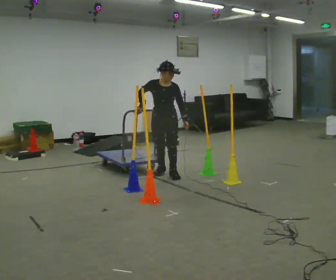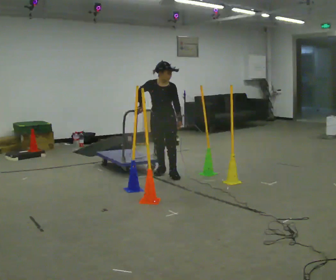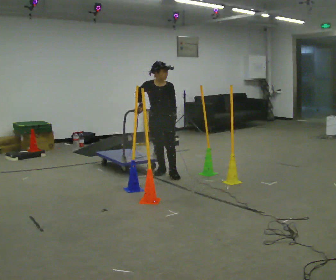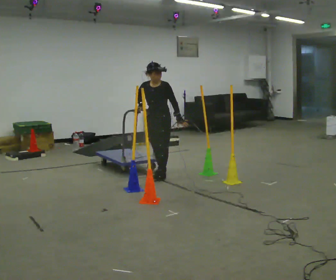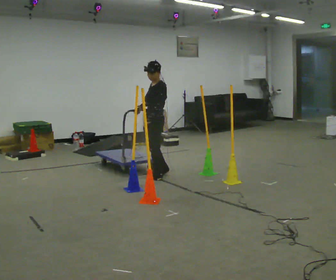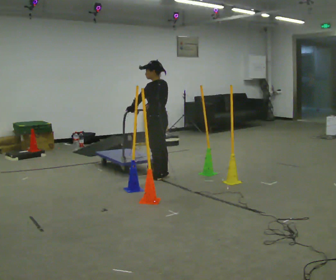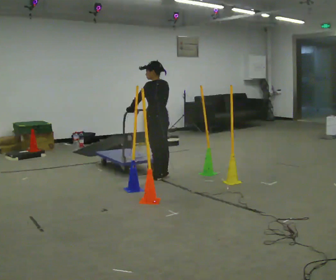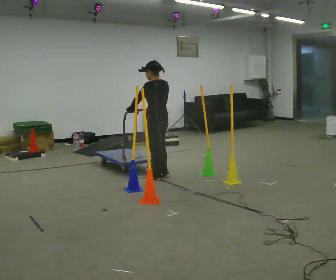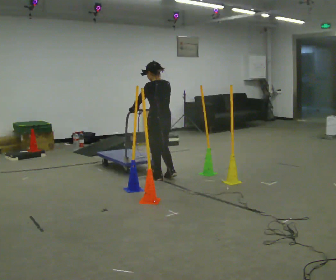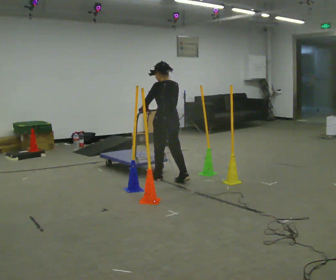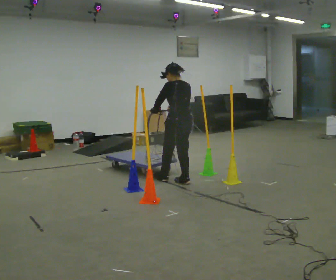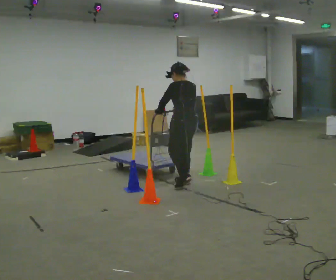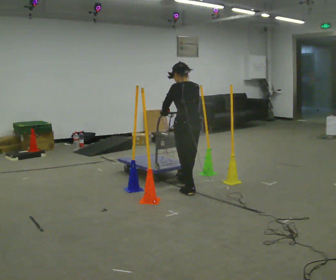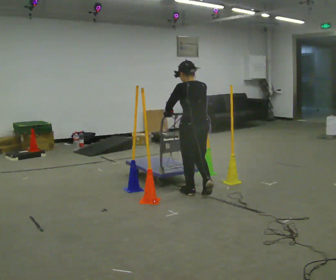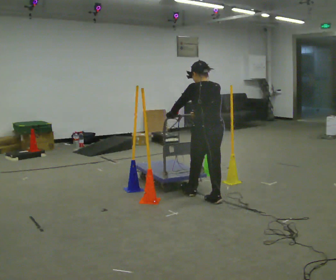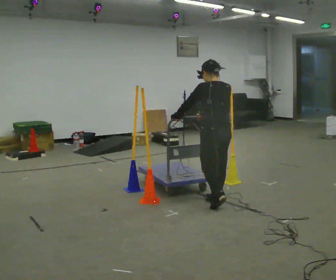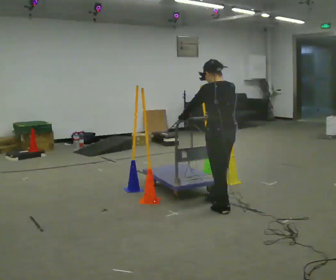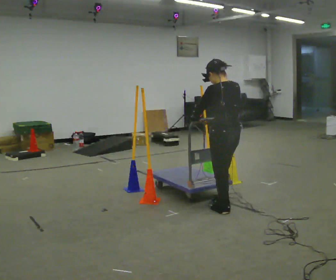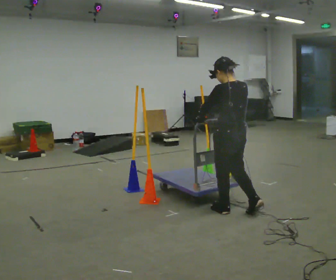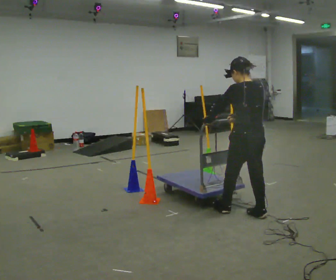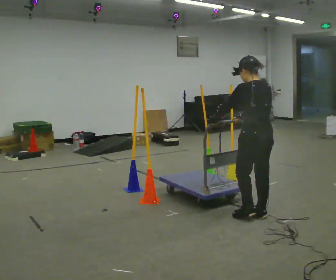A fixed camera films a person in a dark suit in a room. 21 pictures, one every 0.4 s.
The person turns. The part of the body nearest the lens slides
to the left.
The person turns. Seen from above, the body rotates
clockwise.
0.0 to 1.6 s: The part of the body nearest the lens slides to the left as the person turns to their right by about 75 degrees. In the picture their left hand goes to the left.
1.6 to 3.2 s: The person turns about 75 degrees to their right, clockwise seen from above, so the part of the body nearest the lens slides to the left.
3.2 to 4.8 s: In the picture they go toward the camera and to the right, about 0.5 m in 1 step, which for them is backward.
4.8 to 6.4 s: In the picture they go toward the camera and to the right, about 0.75 m in 2 steps, which for them is backward.
6.4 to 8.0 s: In the picture they go to the right and toward the camera, about 0.5 m in 2 steps, which for them is backward.
The film runs backward here.
